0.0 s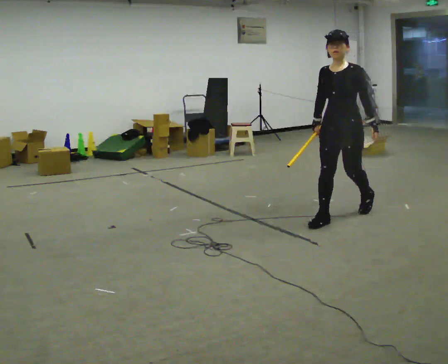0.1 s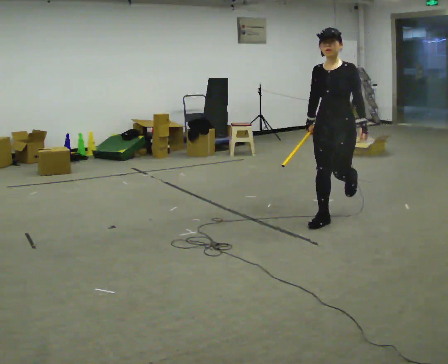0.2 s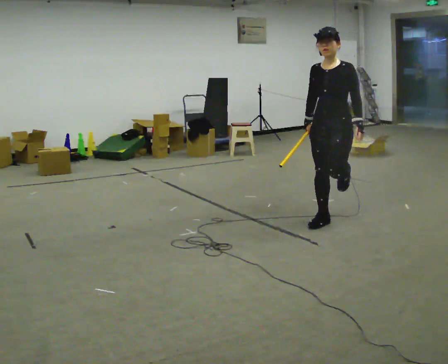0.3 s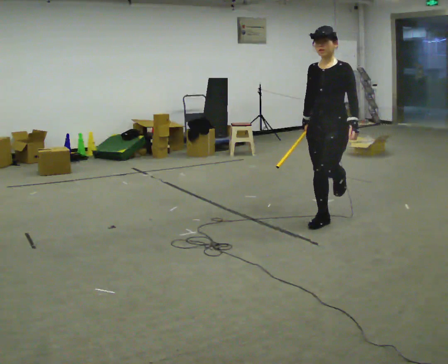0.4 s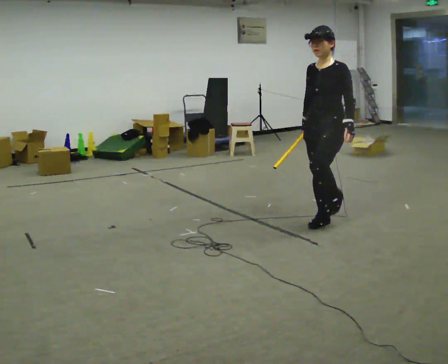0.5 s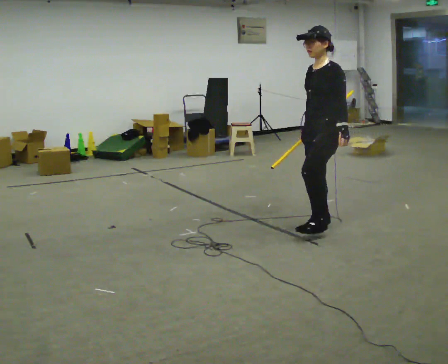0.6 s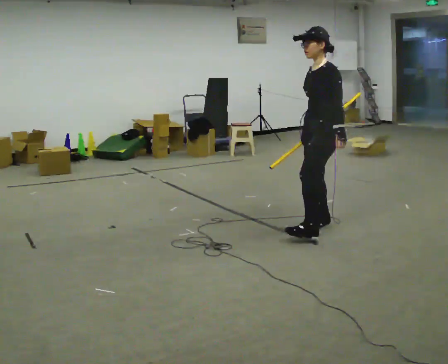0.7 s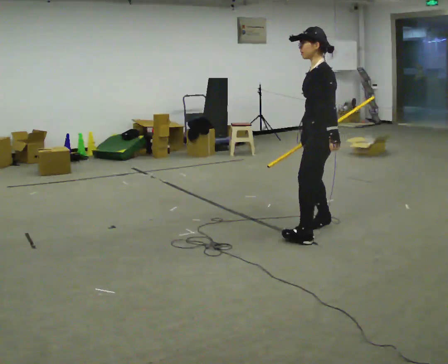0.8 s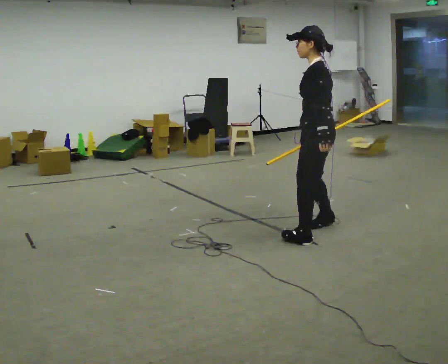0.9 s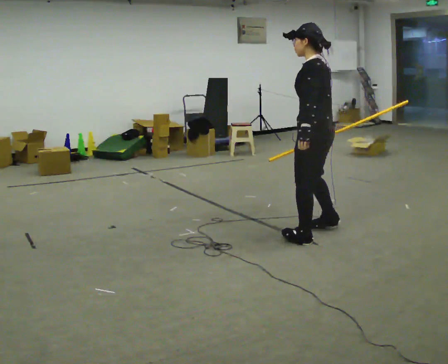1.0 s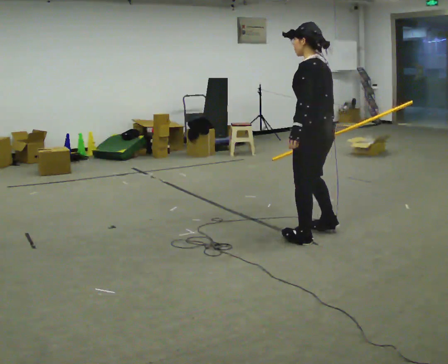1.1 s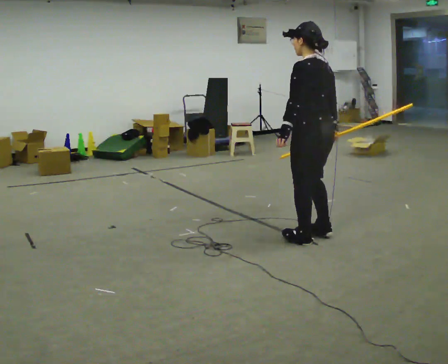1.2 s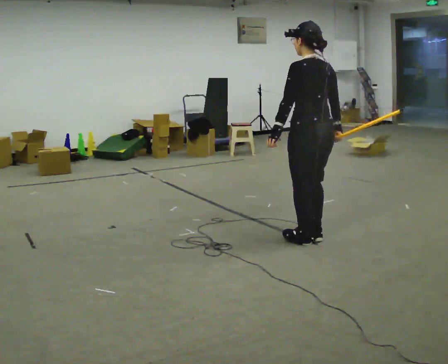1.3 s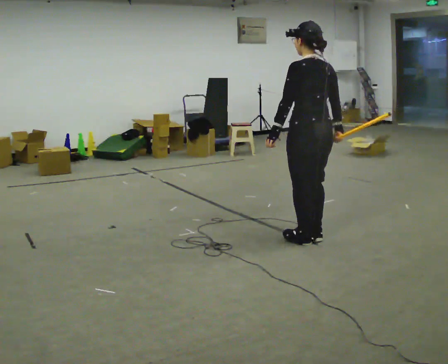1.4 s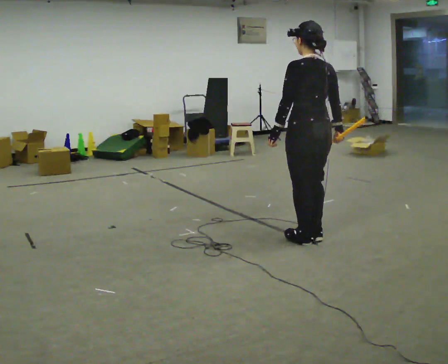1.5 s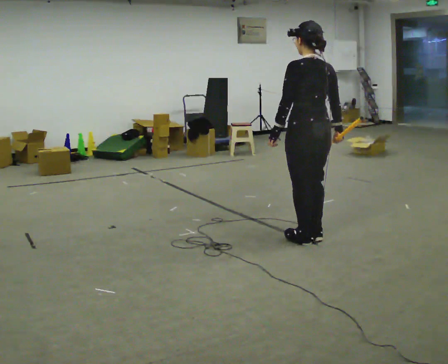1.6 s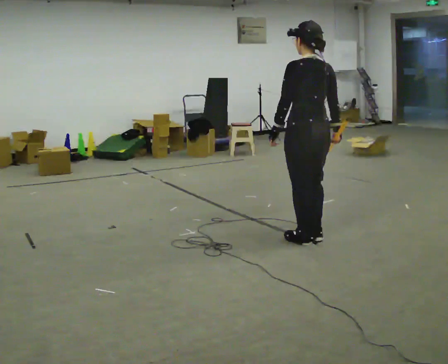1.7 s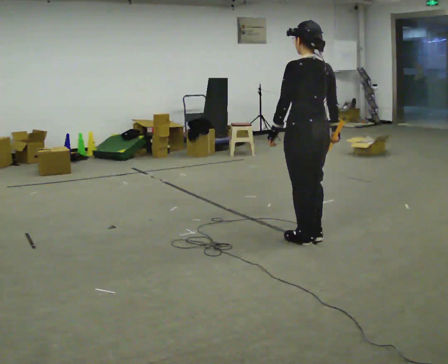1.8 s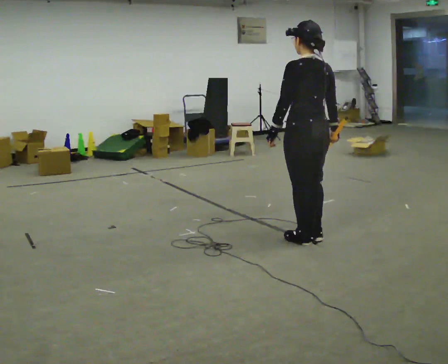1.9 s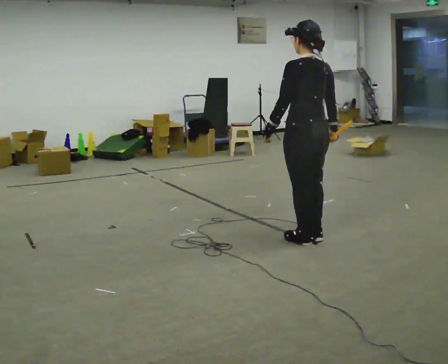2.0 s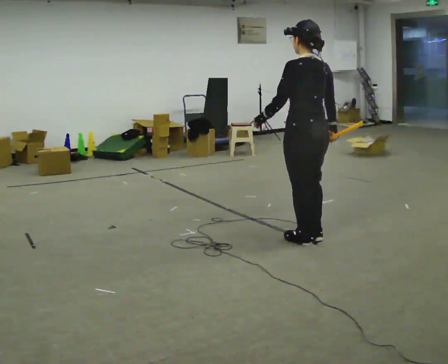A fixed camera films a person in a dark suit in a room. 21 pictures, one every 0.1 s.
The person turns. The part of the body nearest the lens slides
to the left.
The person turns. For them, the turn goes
to their right.
0.0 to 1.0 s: Seen from above the body turns clockwise, about 105 degrees: to their right, with its near side sliding to the left. In the picture they go toward the camera, about 0.5 m in 1 step.
1.0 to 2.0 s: The person moves a little, or ends about where they began.
The film runs forward here.
